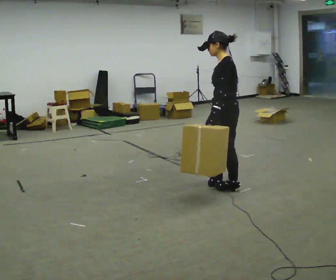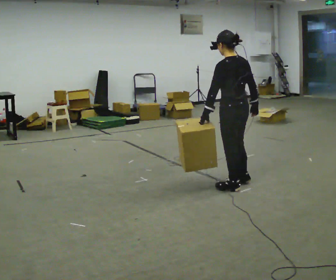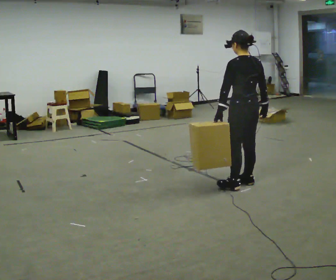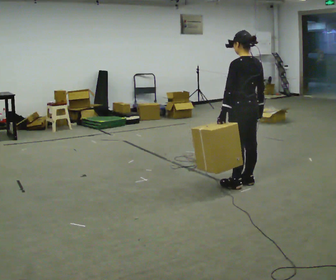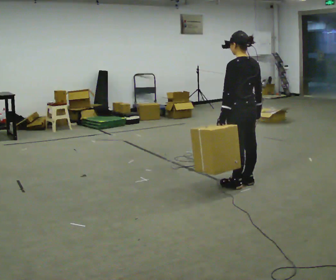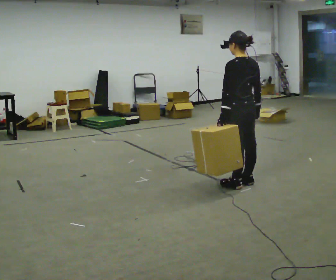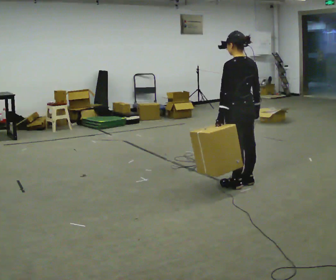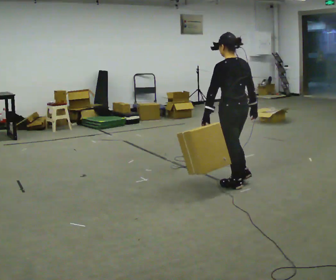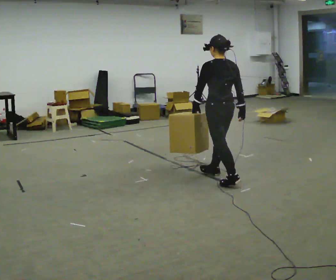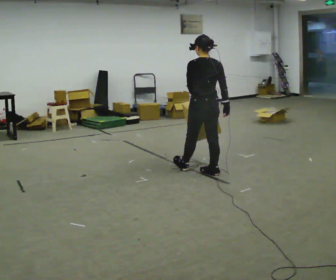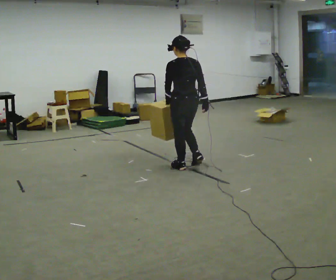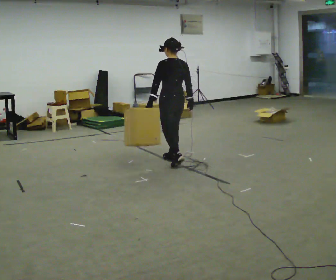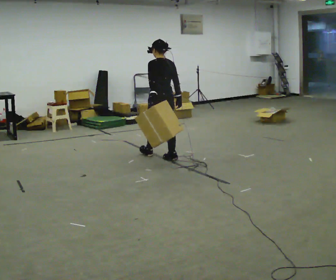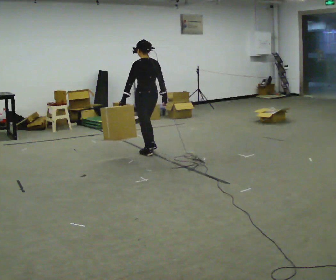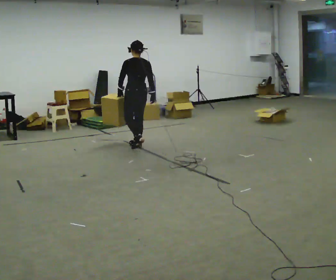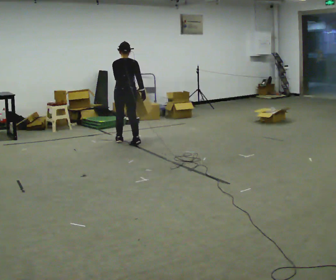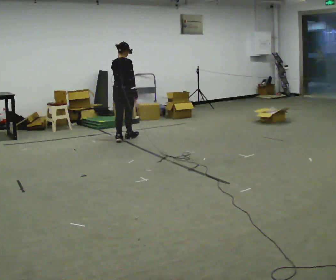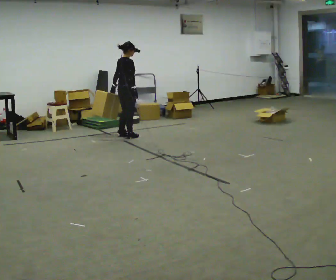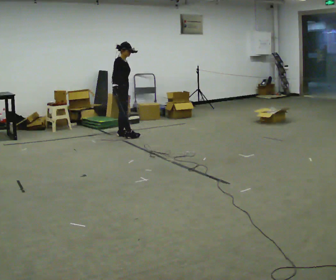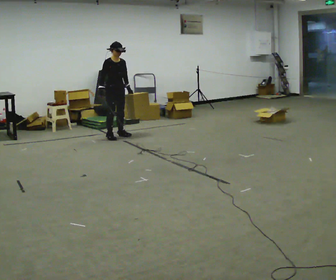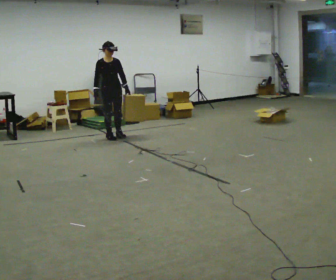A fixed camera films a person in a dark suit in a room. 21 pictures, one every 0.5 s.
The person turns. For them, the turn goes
to their right.
The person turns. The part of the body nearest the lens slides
to the left.
0.0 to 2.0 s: Seen from above the body turns clockwise, about 60 degrees: to their right, with its near side sliding to the left. In the picture their right hand goes to the right.
2.0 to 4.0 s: In the picture they go away from the camera and to the left, about 0.25 m in 1 step, which for them is forward.
4.0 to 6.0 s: In the picture they go away from the camera and to the left, about 1 m in 3 steps, which for them is forward.
6.0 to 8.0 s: The person turns about 60 degrees to their right, clockwise seen from above, so the part of the body nearest the lens slides to the left. In the picture they go away from the camera and to the left, about 1 m in 3 steps.
8.0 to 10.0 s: Seen from above the body turns clockwise, about 135 degrees: to their right, with its near side sliding to the left. In the picture they go to the left and away from the camera, about 0.25 m in 2 steps.
The film runs forward here.
